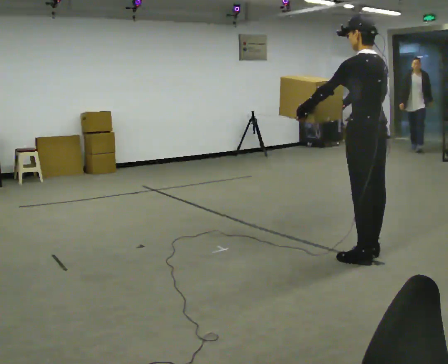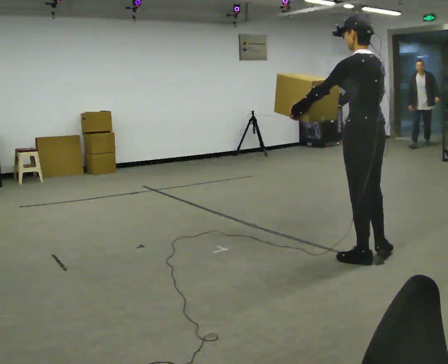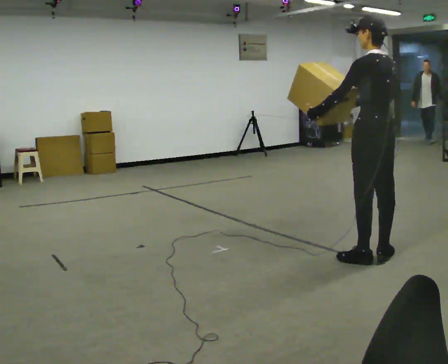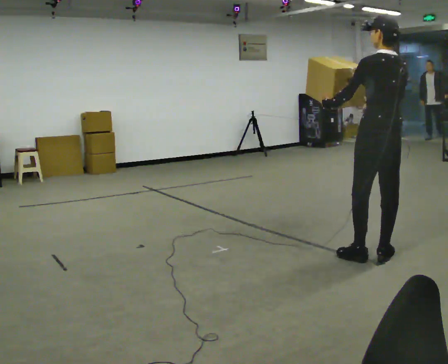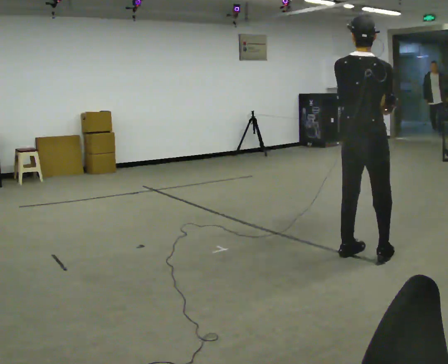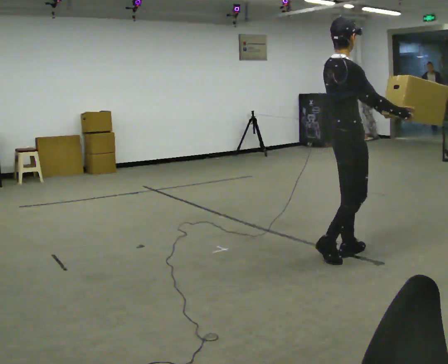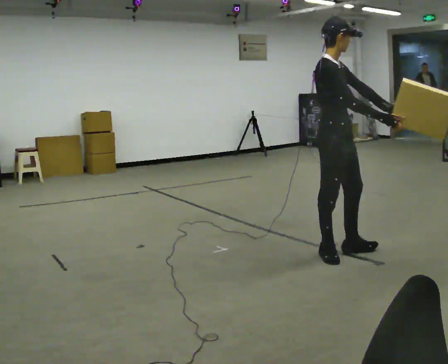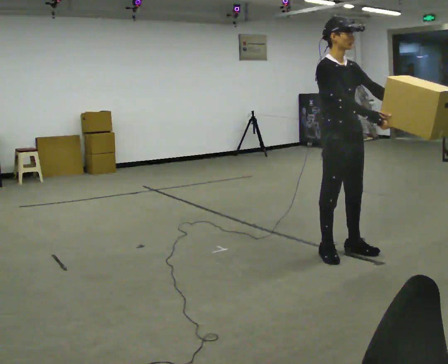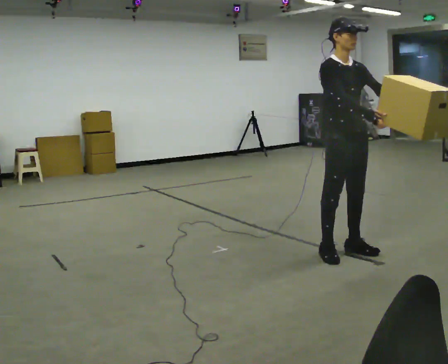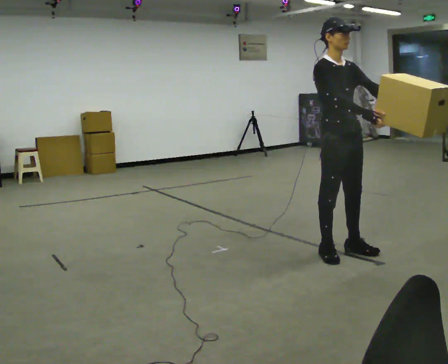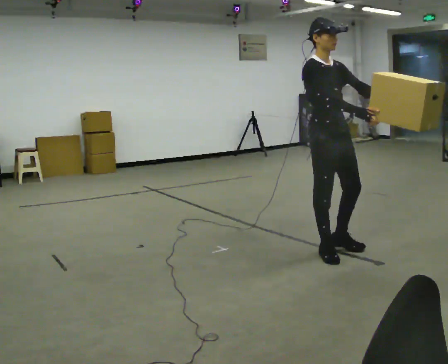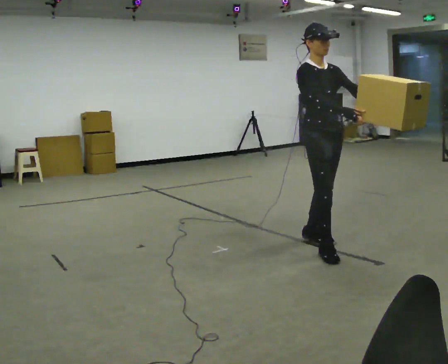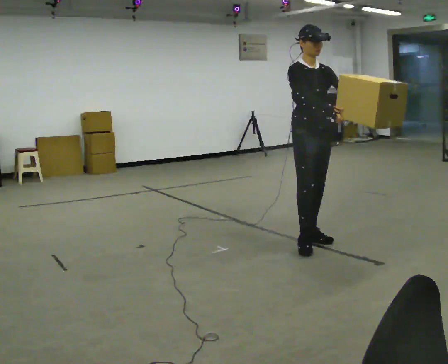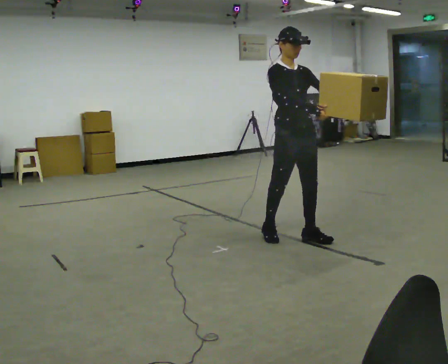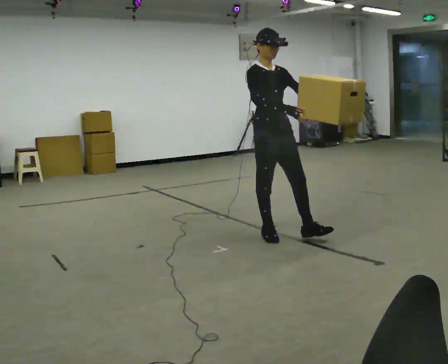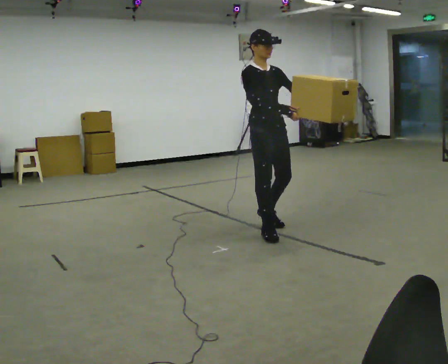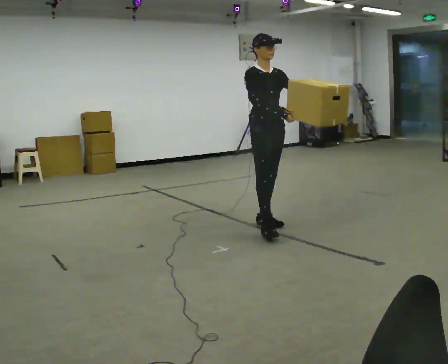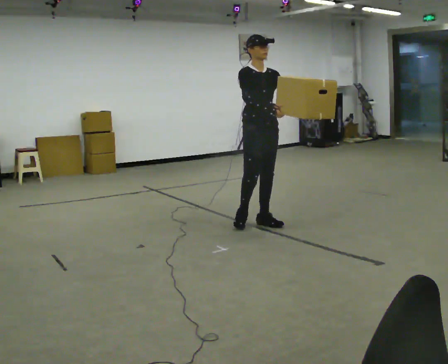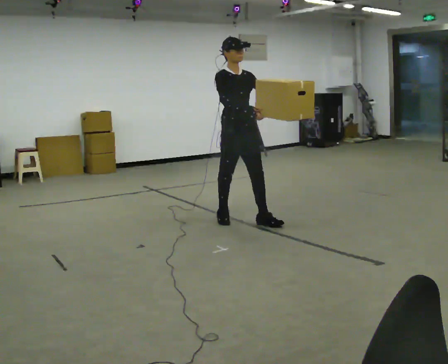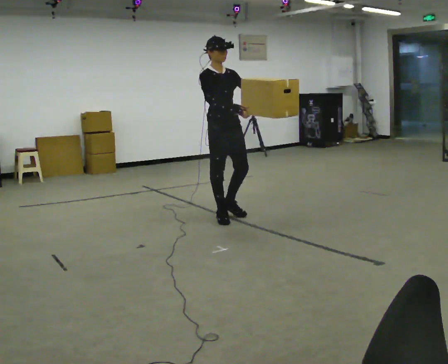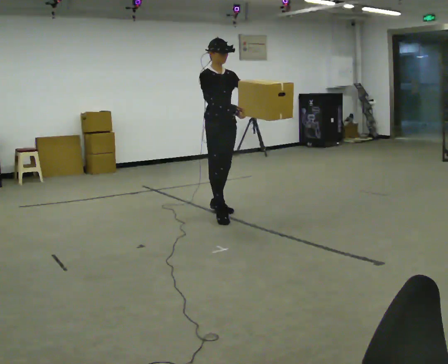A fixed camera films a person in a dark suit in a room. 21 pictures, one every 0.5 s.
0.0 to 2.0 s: The person turns about 60 degrees to their right, clockwise seen from above, so the part of the body nearest the lens slides to the left.
2.0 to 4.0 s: The part of the body nearest the lens slides to the left as the person turns to their right by about 120 degrees. In the picture their left hand goes to the right.
4.0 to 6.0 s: In the picture they go away from the camera and to the left, about 0.5 m in 2 steps, which for them is backward.
6.0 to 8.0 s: In the picture they go to the left and away from the camera, about 0.5 m in 1 step, which for them is backward.
8.0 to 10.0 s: In the picture they go to the left and away from the camera, about 0.5 m in 2 steps, which for them is backward.
The film runs backward here.
